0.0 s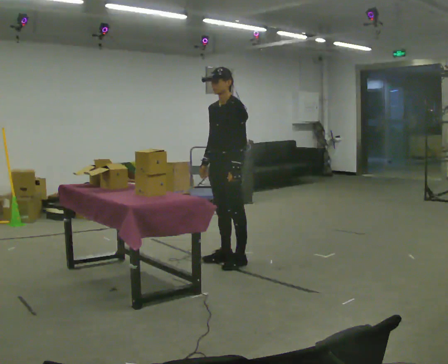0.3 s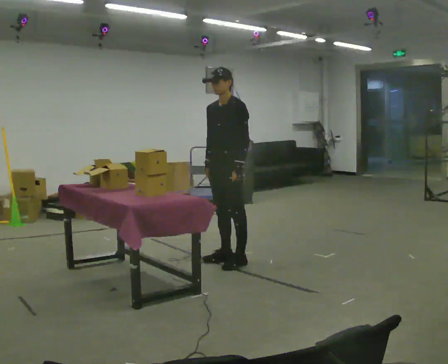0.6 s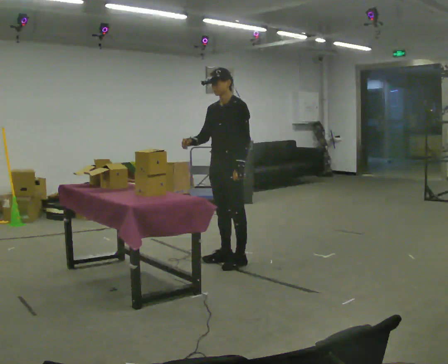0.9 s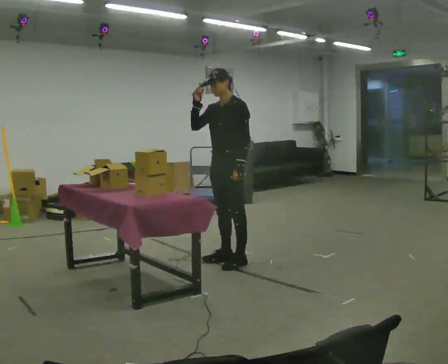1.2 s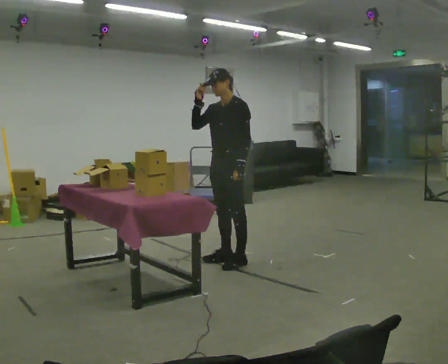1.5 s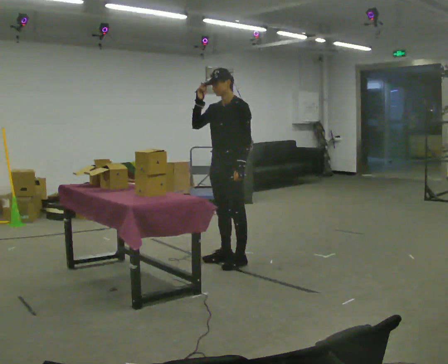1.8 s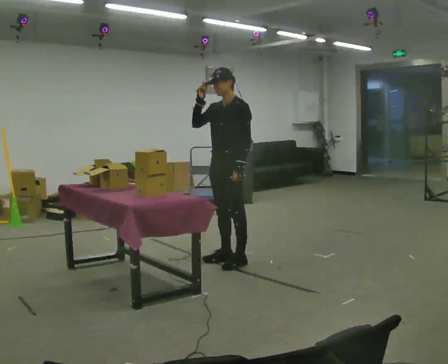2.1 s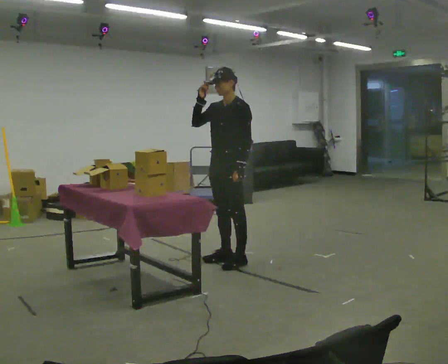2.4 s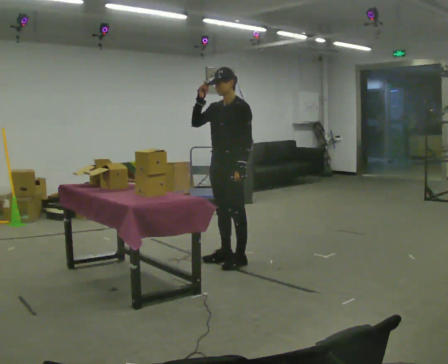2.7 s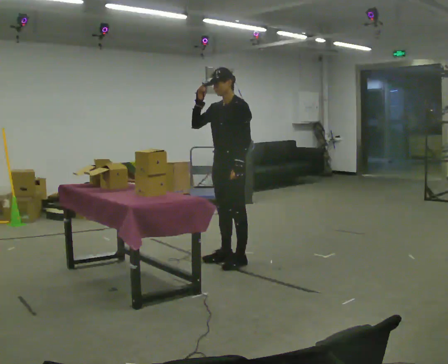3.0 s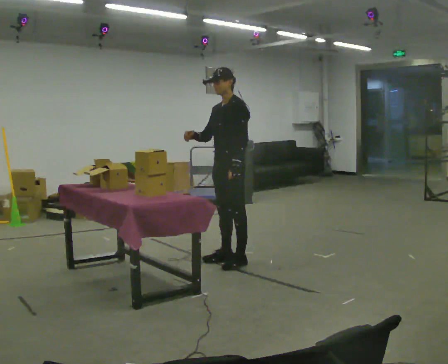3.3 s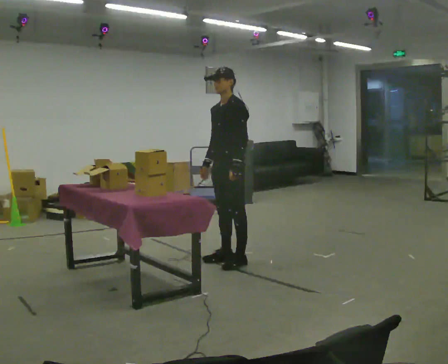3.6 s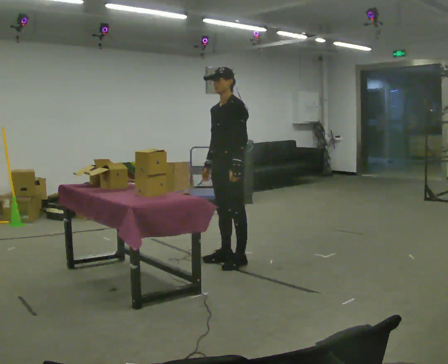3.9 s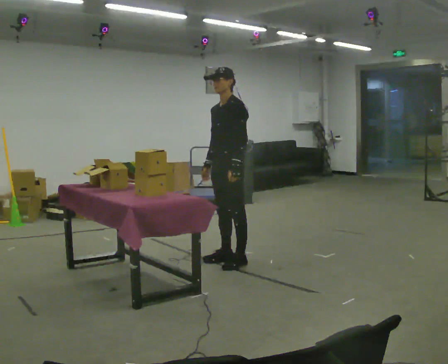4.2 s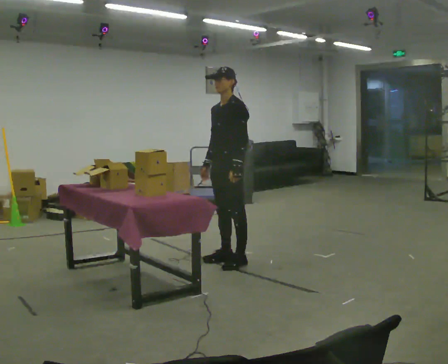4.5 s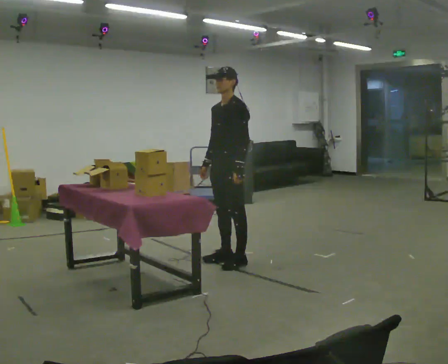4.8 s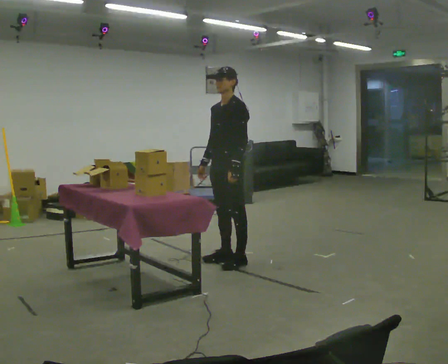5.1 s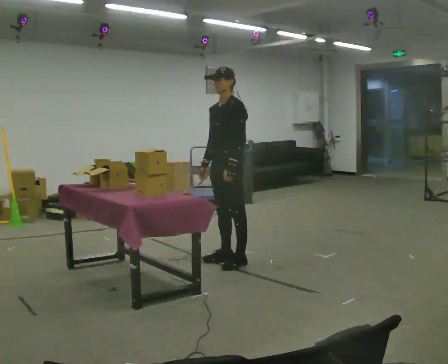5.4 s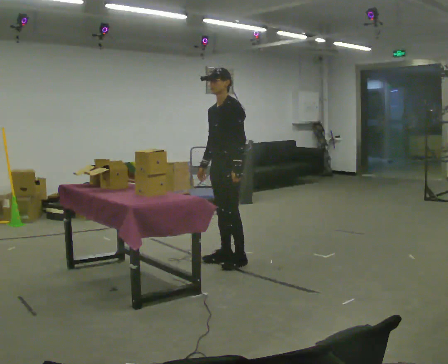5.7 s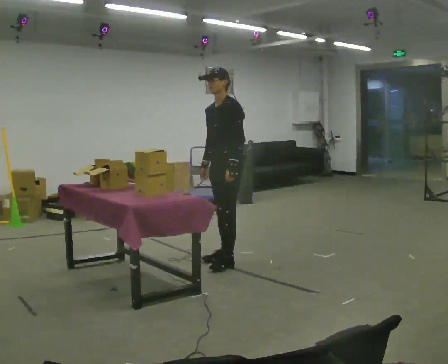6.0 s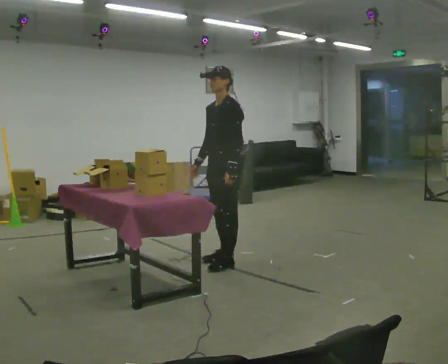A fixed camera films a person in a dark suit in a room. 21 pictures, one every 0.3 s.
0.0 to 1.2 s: In the picture their right hand goes upward.
1.2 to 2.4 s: The person keeps their place and pose.
2.4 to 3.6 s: In the picture their right hand goes downward.
3.6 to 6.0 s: The person moves a little, or ends about where they began.
The film runs backward here.
